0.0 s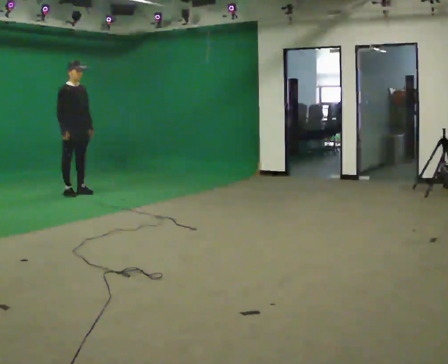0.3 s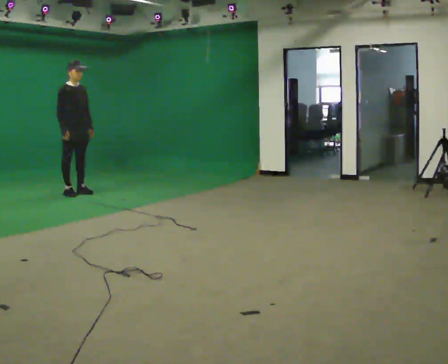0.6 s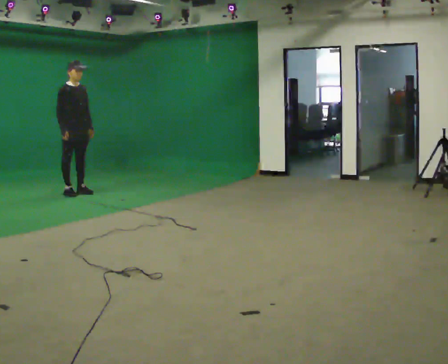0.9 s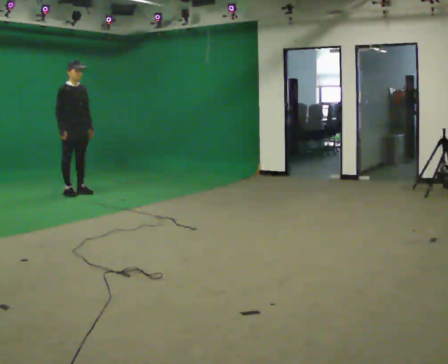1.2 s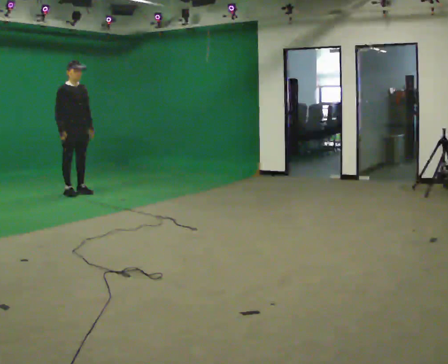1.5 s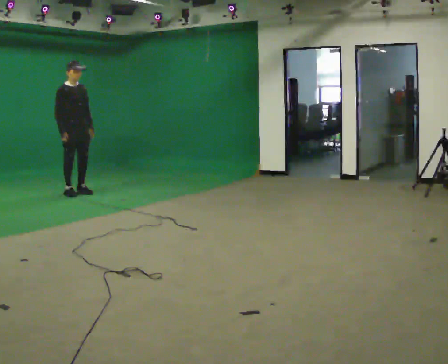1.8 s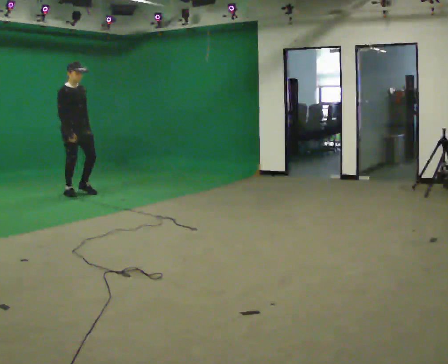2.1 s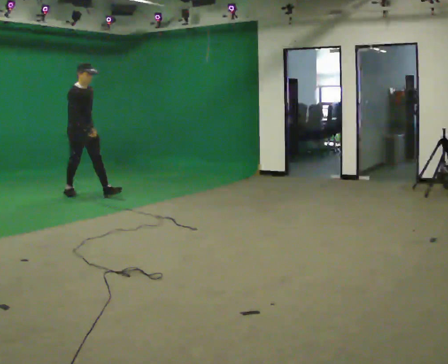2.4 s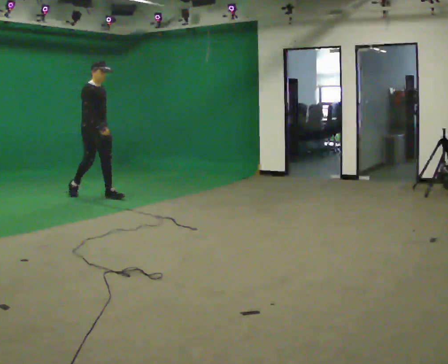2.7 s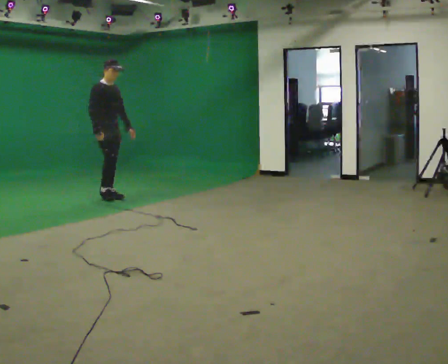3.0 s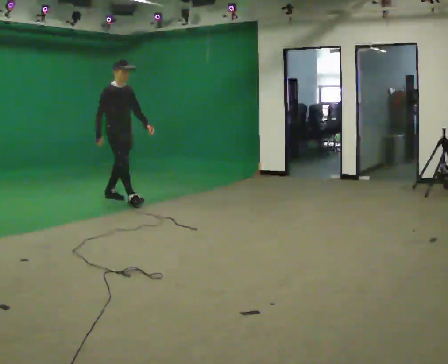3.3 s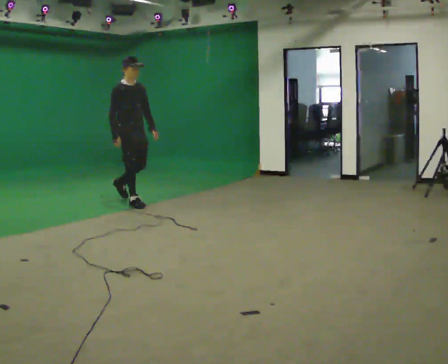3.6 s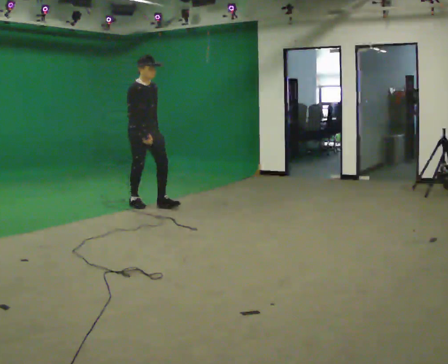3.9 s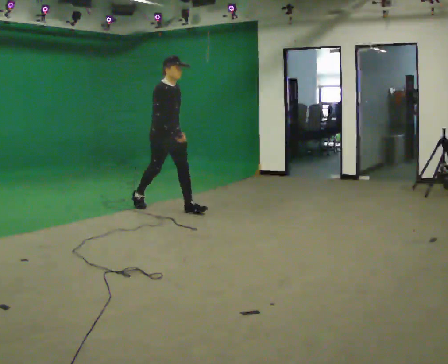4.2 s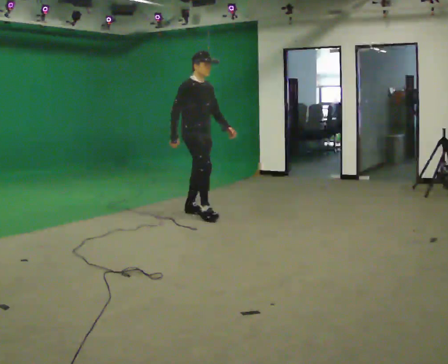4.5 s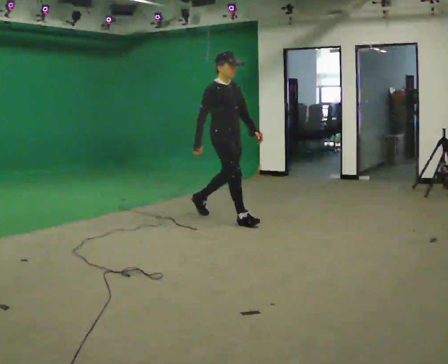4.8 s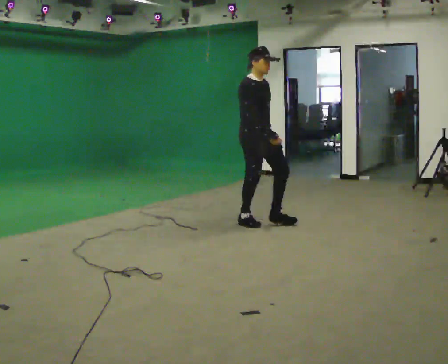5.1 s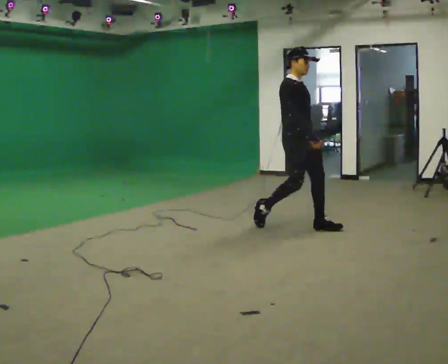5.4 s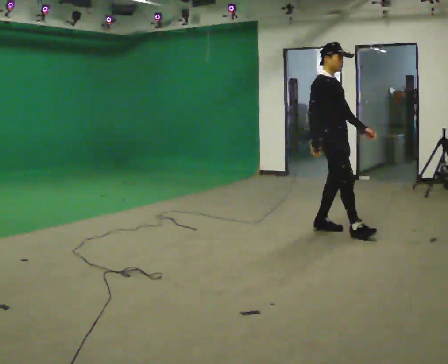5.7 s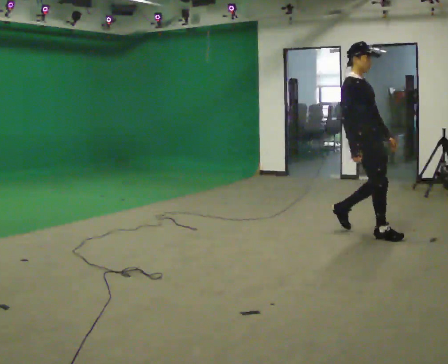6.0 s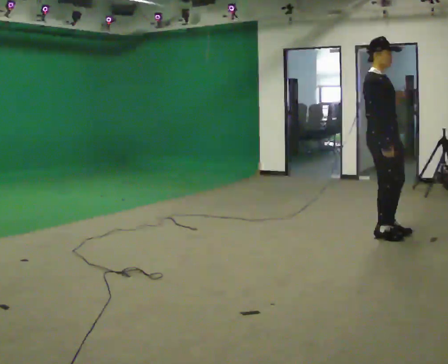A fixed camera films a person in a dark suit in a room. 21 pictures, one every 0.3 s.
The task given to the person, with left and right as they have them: Start still; gradually go slow → normal → fast; briefly maintain fast speed; stop.
0.0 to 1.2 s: The person moves a little, or ends about where they began.
1.2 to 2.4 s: In the picture they go to the right and toward the camera, about 0.5 m in 1 step, which for them is forward.
2.4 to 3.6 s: In the picture they go toward the camera and to the right, about 1 m in 1 step, which for them is forward.
3.6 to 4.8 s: In the picture they go toward the camera and to the right, about 1.5 m in 2 steps, which for them is forward.
4.8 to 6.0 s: In the picture they go to the right and toward the camera, about 1.5 m in 3 steps, which for them is forward.
The film runs forward here.
